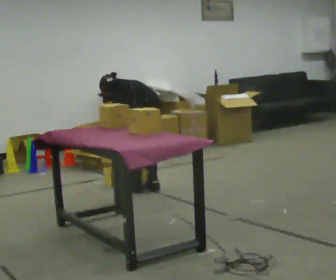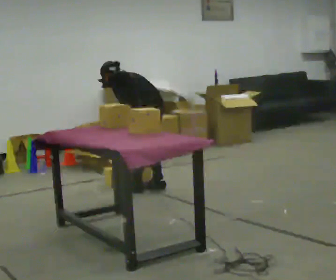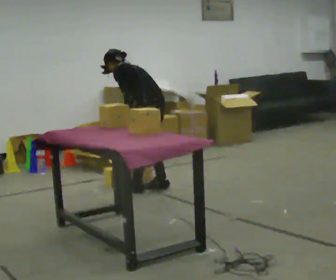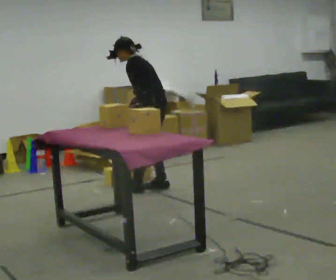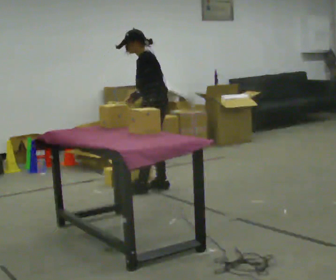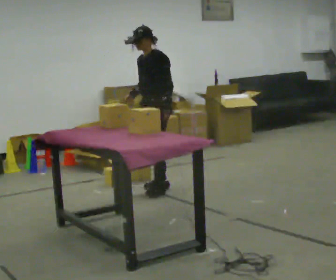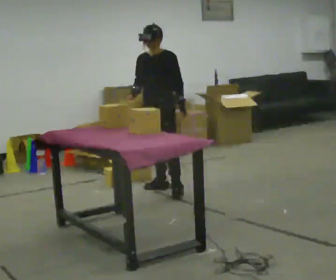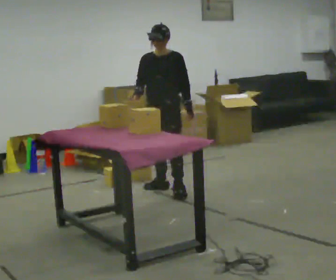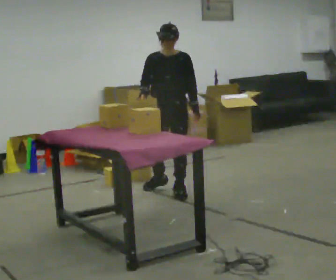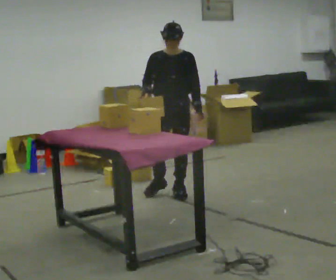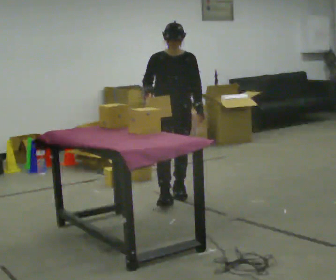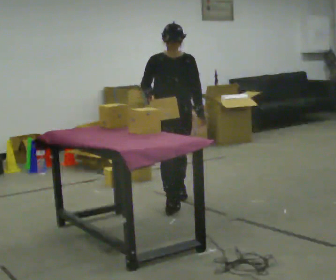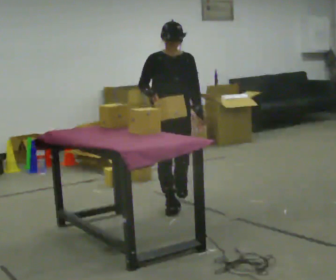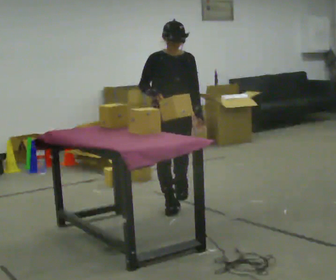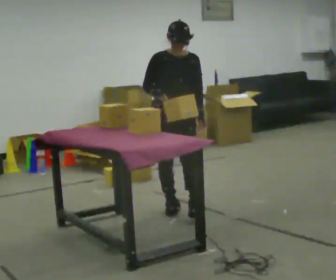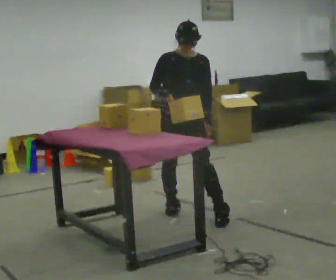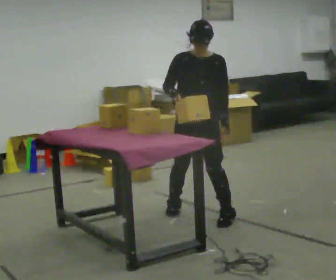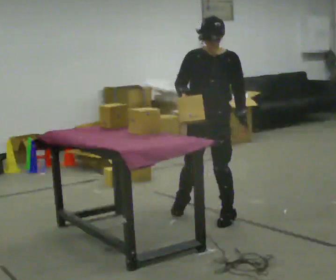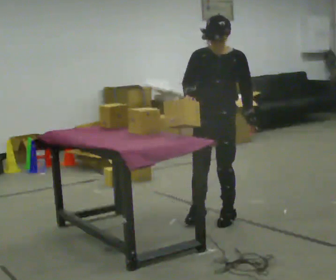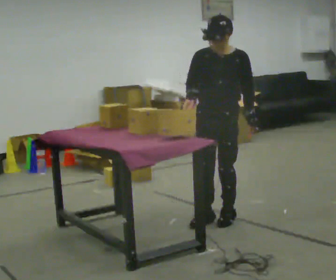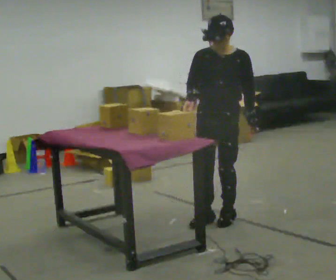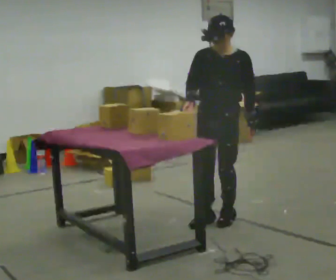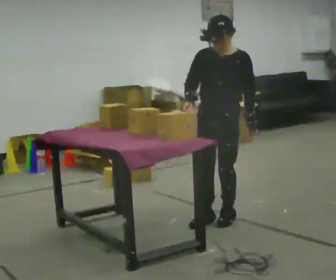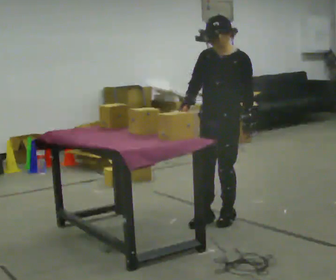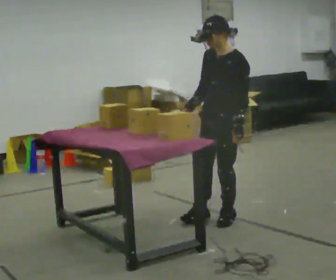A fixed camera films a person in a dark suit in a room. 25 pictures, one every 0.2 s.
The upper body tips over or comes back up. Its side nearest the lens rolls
downward.
The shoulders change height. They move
upward.
0.0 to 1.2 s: The person turns about 105 degrees to their left, counterclockwise seen from above, so the part of the body nearest the lens slides to the right. The shoulders move upward. The upper body tips toward the camera, its near side rolling downward, as they lean back or straighten. In the picture their right hand goes upward.
1.2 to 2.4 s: The person turns about 45 degrees to their left, counterclockwise seen from above, so the part of the body nearest the lens slides to the right. In the picture they go toward the camera, about 0.5 m in 1 step, which for them is forward.
2.4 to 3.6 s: The part of the body nearest the lens slides to the left as the person turns to their right by about 30 degrees. In the picture they go toward the camera and to the right, about 0.5 m in 1 step, which for them is forward and to their left.
3.6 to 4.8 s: Seen from above the body turns clockwise, about 30 degrees: to their right, with its near side sliding to the left.
The film runs forward here.
